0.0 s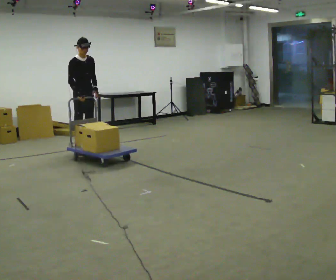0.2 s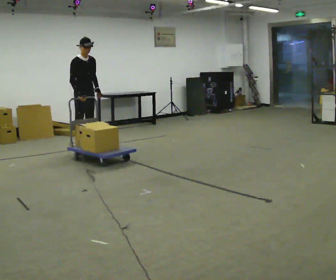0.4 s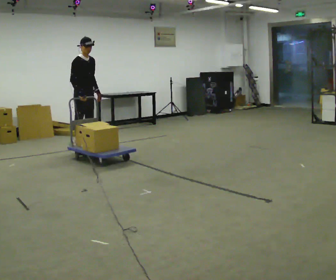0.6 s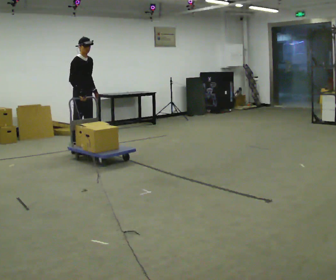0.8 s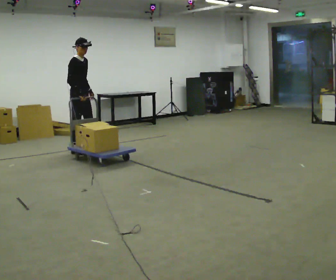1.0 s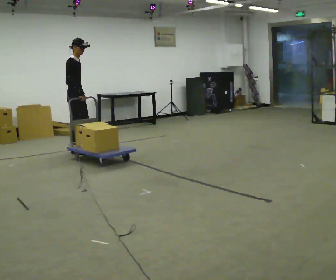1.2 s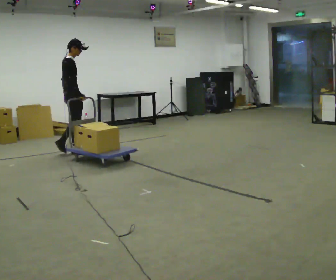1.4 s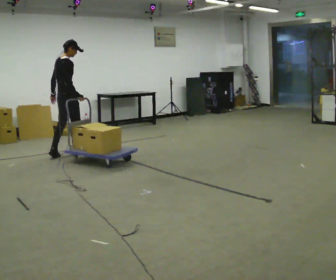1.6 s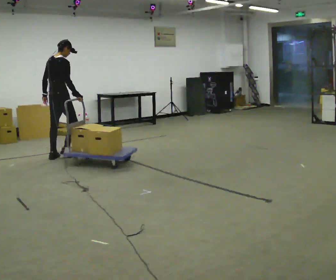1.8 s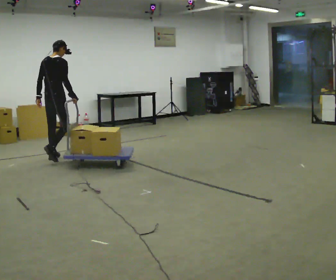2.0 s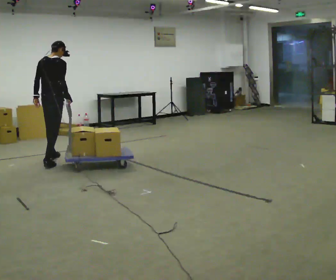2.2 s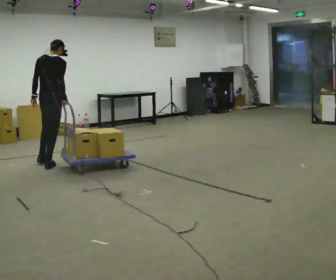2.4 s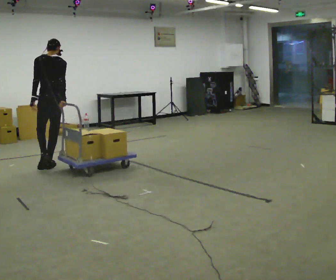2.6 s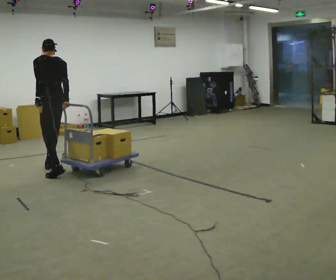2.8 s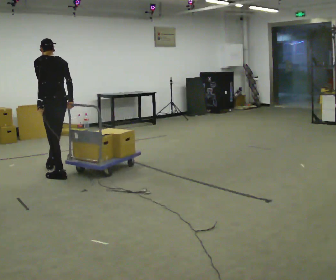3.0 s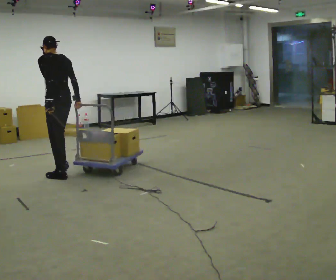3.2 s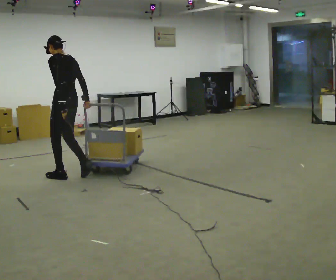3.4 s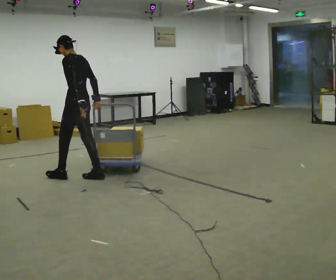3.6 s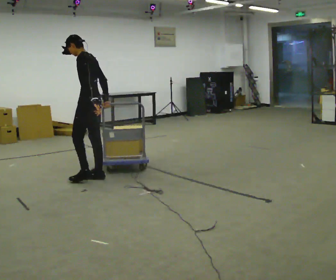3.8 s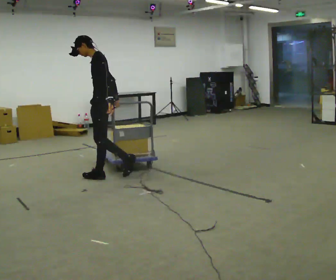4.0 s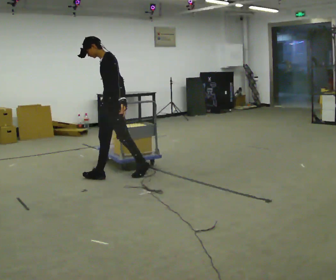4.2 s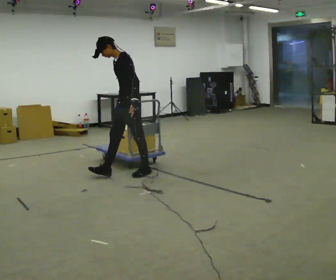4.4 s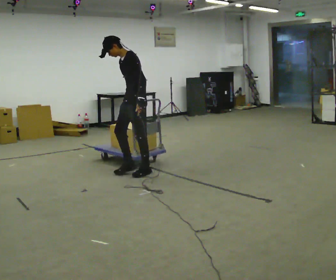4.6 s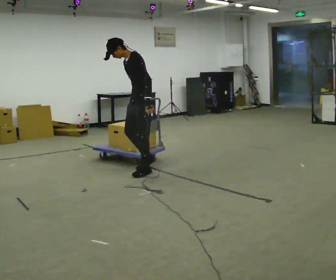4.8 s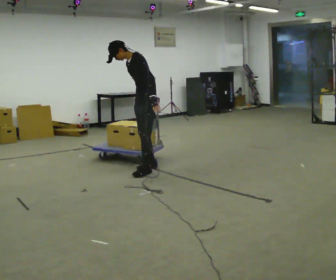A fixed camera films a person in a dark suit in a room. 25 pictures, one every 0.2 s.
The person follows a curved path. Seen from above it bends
counterclockwise.
The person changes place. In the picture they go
toward the camera.
0.0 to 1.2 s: Seen from above the body turns counterclockwise, about 60 degrees: to their left, with its near side sliding to the right. In the picture they go to the left and toward the camera, about 0.25 m in 1 step.
1.2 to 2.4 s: Seen from above the body turns counterclockwise, about 75 degrees: to their left, with its near side sliding to the right. In the picture they go toward the camera, about 1 m in 2 steps.
2.4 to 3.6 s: The person turns about 60 degrees to their left, counterclockwise seen from above, so the part of the body nearest the lens slides to the right. In the picture they go to the right and toward the camera, about 0.5 m in 2 steps.
3.6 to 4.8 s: The person turns about 30 degrees to their left, counterclockwise seen from above, so the part of the body nearest the lens slides to the right. In the picture they go to the right, about 0.5 m in 2 steps, which for them is backward. In the picture the upper body tilts counterclockwise, shoulders to the left, as they bend forward.
The film runs backward here.
